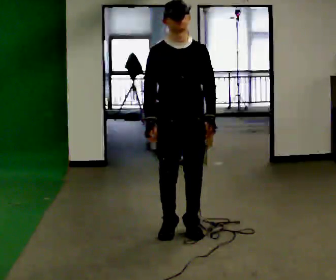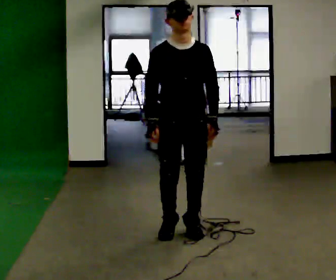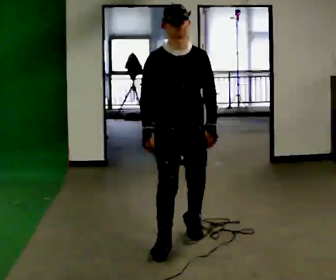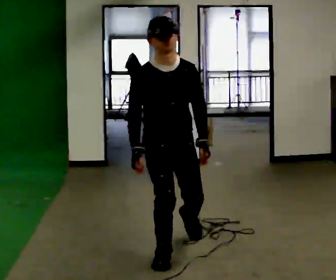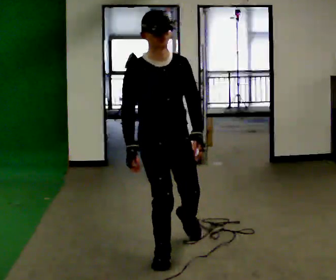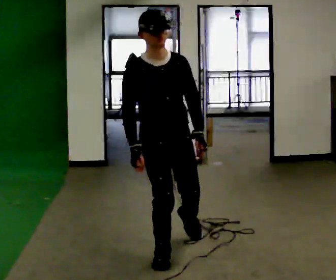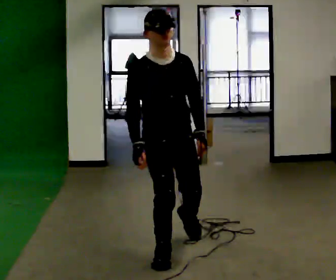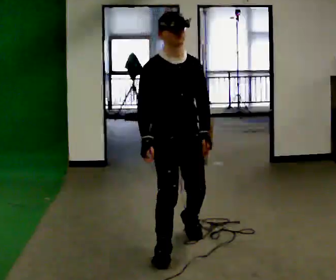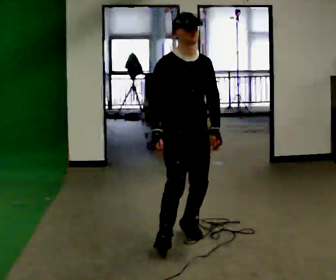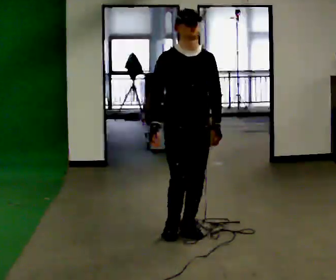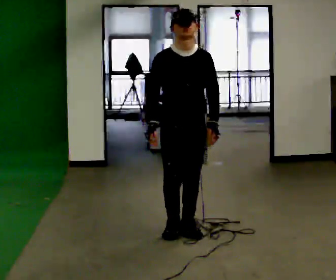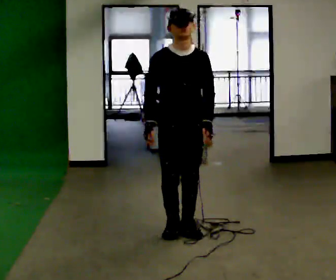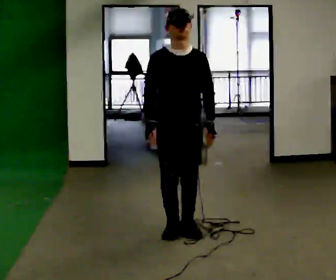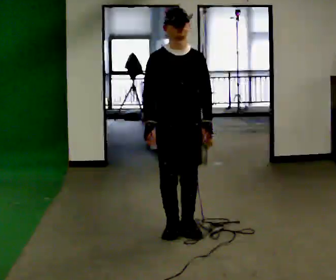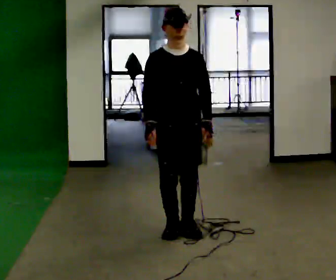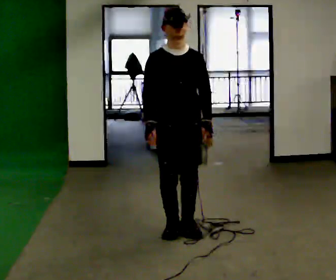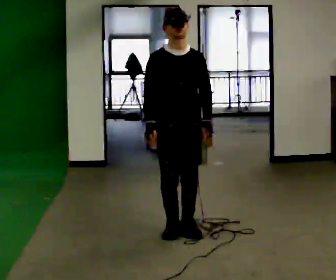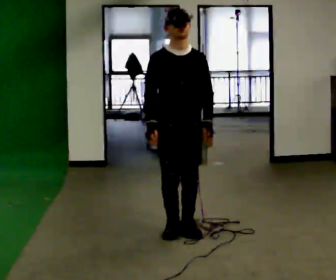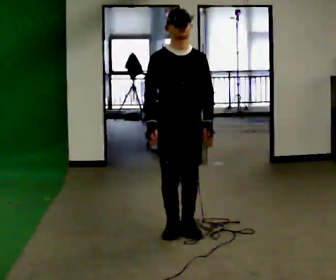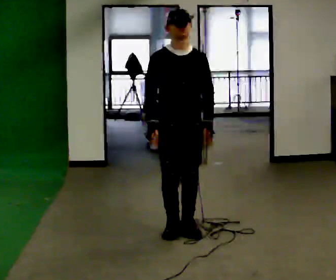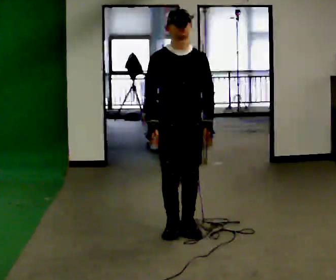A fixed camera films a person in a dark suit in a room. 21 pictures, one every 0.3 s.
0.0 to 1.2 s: In the picture they go toward the camera, about 0.5 m in 2 steps, which for them is forward and to their right.
1.2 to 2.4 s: In the picture they go away from the camera, about 0.5 m in 1 step, which for them is to their left and backward.
2.4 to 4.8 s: In the picture they go away from the camera, about 0.25 m in 1 step, which for them is backward.
4.8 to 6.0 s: The person keeps their place and pose.
The film runs forward here.
